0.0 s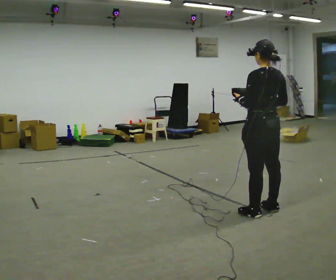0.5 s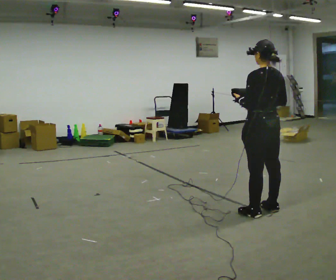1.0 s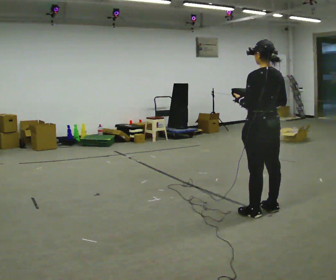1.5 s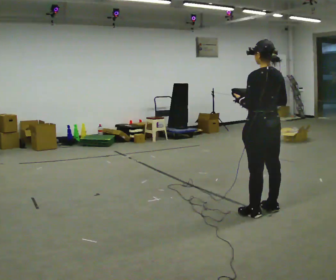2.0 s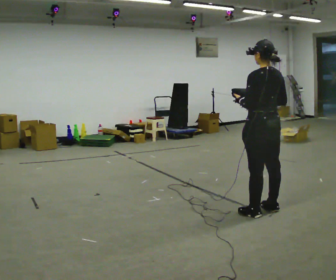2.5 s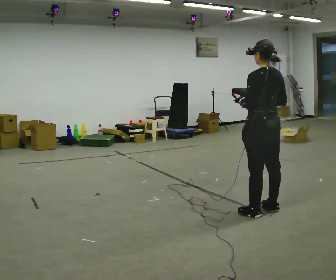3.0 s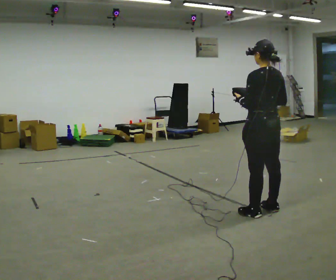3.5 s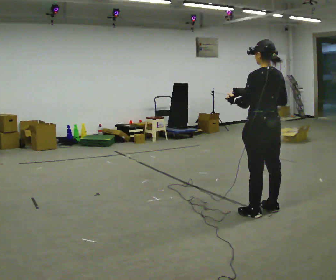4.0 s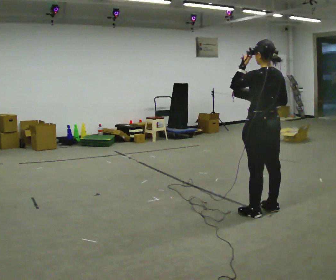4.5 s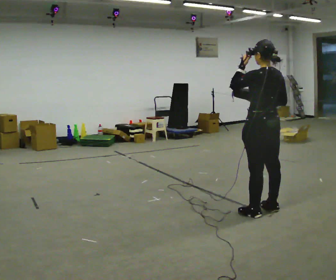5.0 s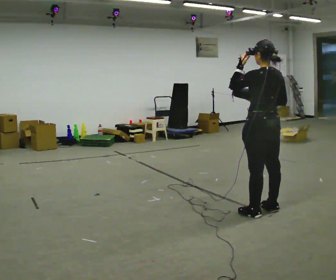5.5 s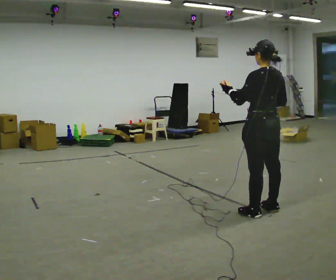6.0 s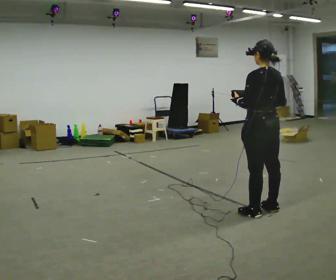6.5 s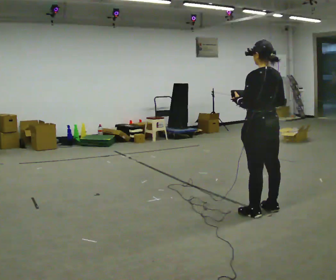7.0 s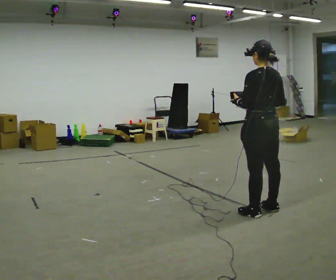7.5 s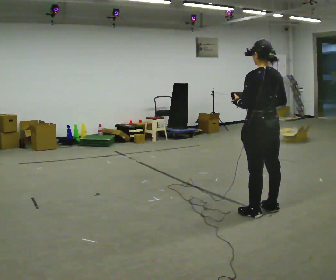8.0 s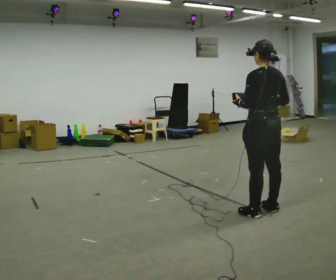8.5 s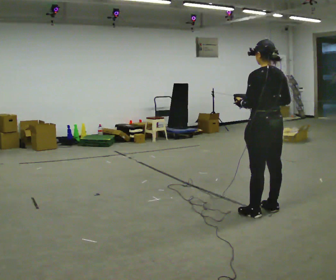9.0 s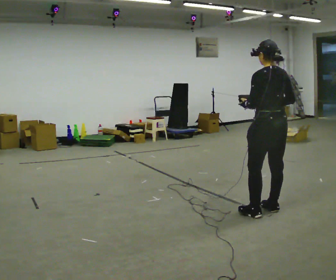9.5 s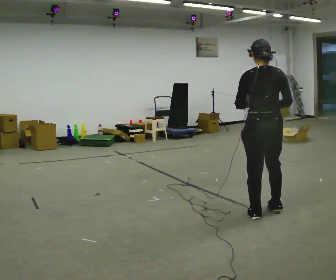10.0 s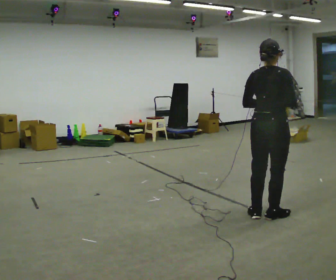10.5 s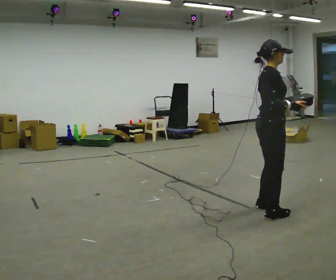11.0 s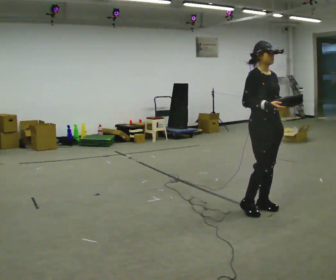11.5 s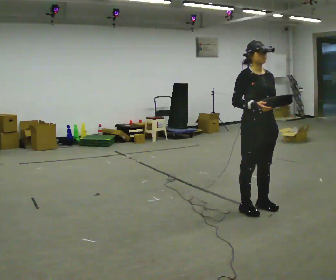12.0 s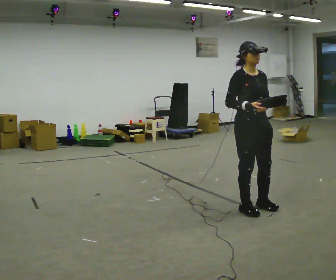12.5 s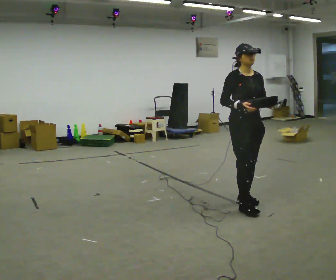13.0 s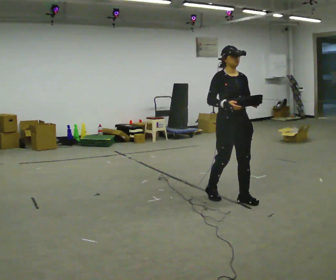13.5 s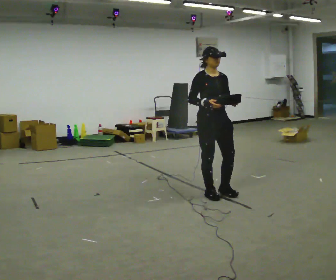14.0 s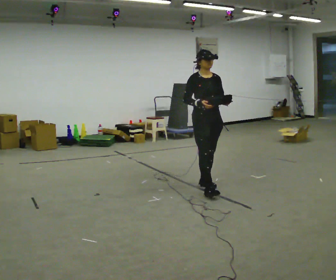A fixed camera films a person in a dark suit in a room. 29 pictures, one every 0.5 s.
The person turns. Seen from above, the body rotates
clockwise.
The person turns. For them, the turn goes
to their right.
0.0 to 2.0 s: The person keeps their place and pose.
2.0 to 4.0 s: In the picture their left hand goes upward.
4.0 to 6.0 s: In the picture their left hand goes downward.
6.0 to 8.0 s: The person moves a little, or ends about where they began.
8.0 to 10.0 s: The part of the body nearest the lens slides to the left as the person turns to their right by about 60 degrees.
10.0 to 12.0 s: Seen from above the body turns clockwise, about 120 degrees: to their right, with its near side sliding to the left. In the picture they go away from the camera and to the left, about 0.25 m in 2 steps.
12.0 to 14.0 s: In the picture they go away from the camera and to the left, about 1 m in 3 steps, which for them is backward.
The film runs backward here.
